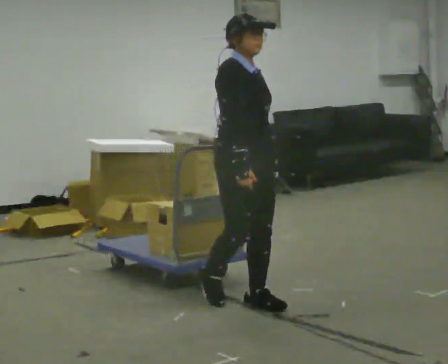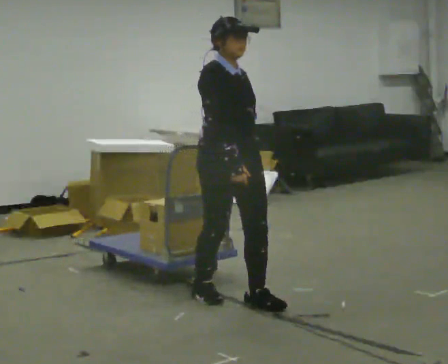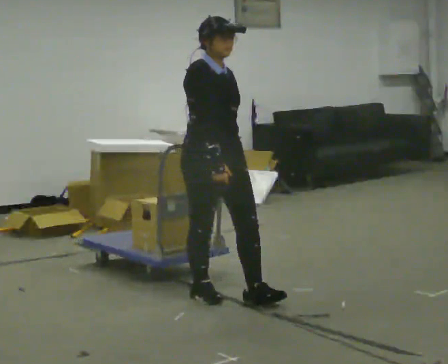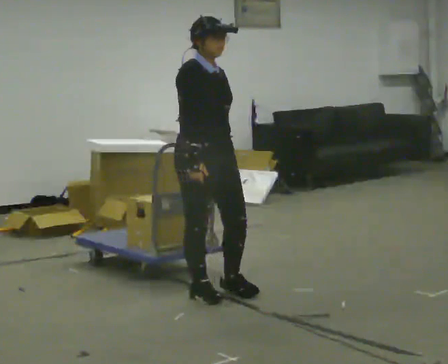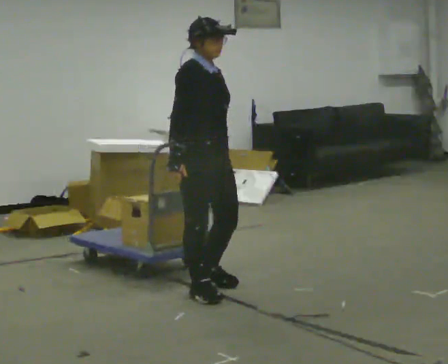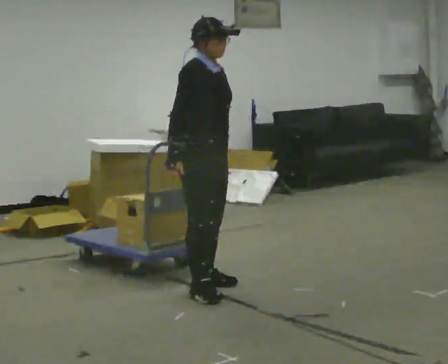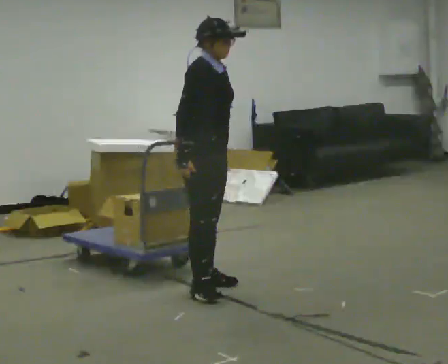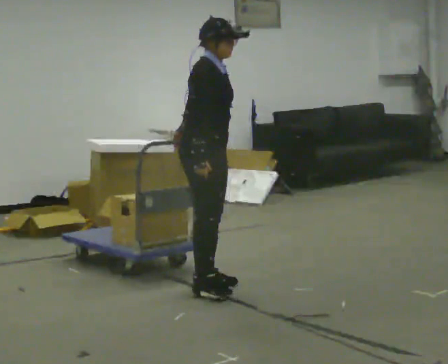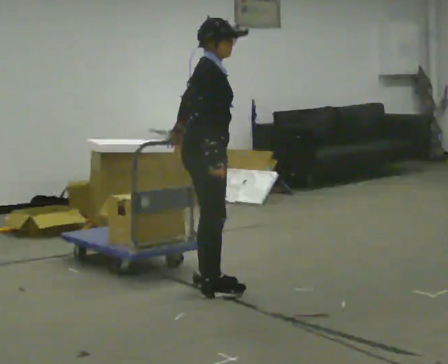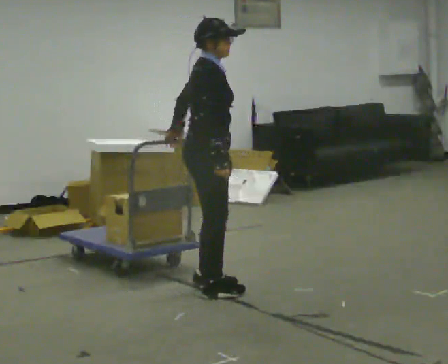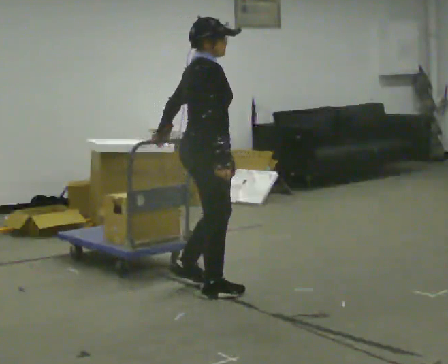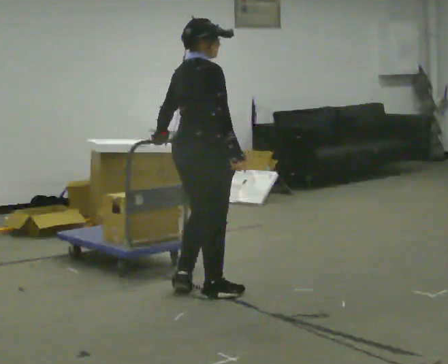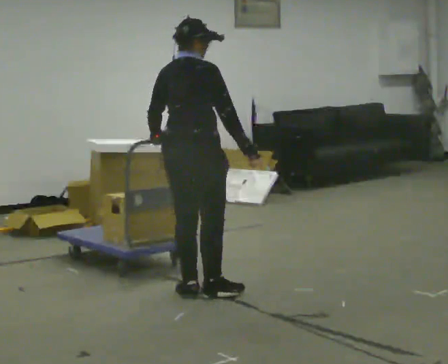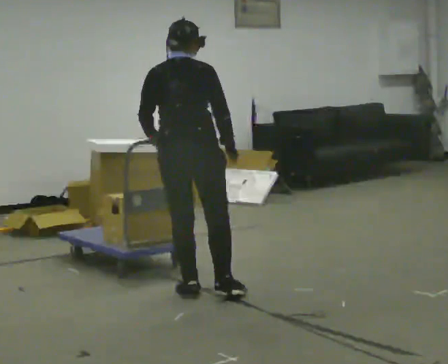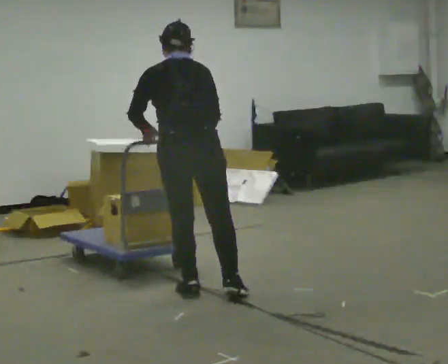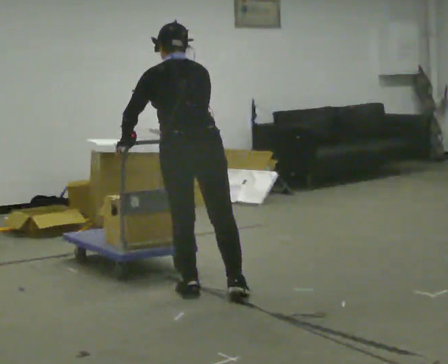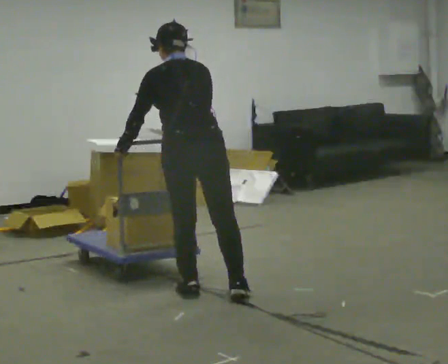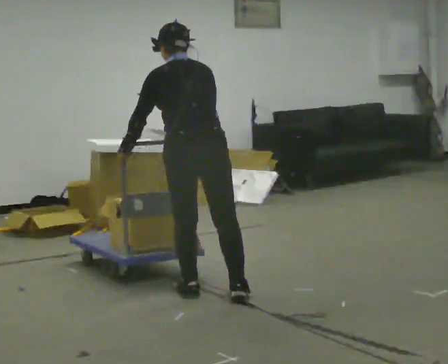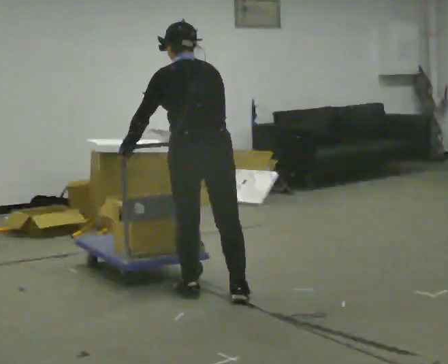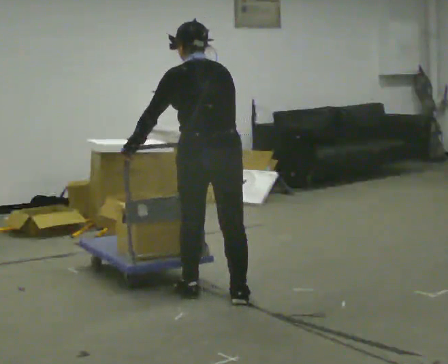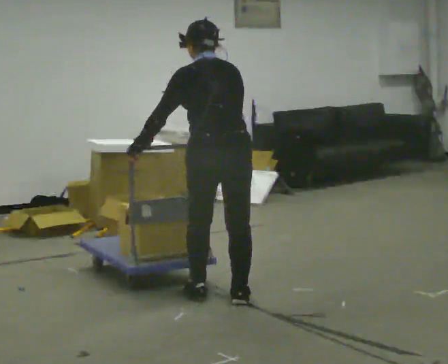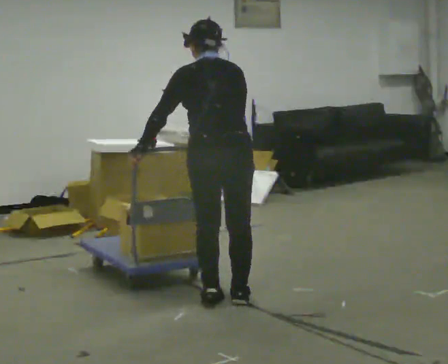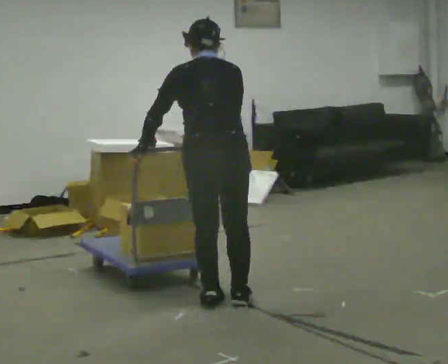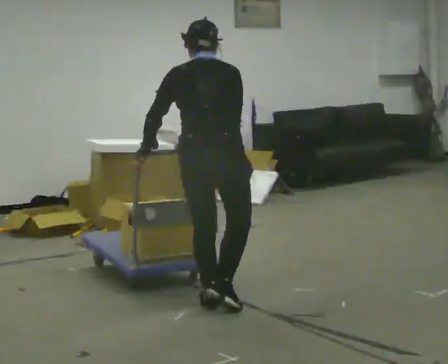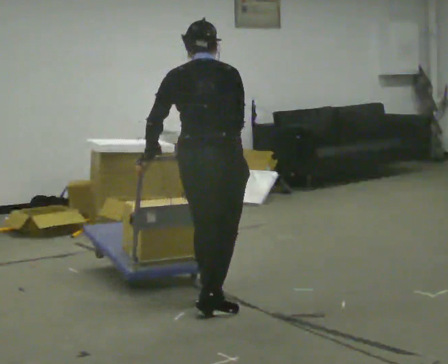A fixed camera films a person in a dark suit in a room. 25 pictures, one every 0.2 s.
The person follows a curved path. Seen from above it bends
counterclockwise.
0.0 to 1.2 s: In the picture they go away from the camera and to the left, about 0.5 m in 1 step, which for them is backward.
1.2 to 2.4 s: The person turns about 75 degrees to their left, counterclockwise seen from above, so the part of the body nearest the lens slides to the right. In the picture their right hand goes to the right, the arm swinging counterclockwise.
2.4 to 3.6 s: The person turns about 45 degrees to their left, counterclockwise seen from above, so the part of the body nearest the lens slides to the right.
3.6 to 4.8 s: The part of the body nearest the lens slides to the left as the person turns to their right by about 30 degrees. In the picture they go toward the camera, about 0.25 m in 2 steps, which for them is backward.
The film runs backward here.
